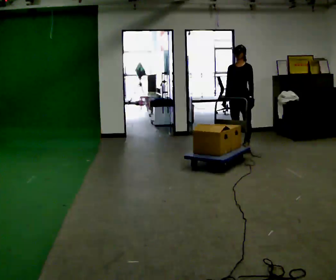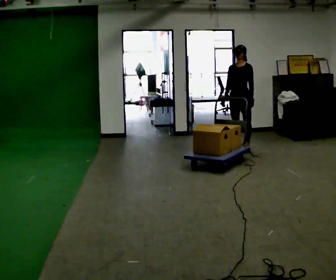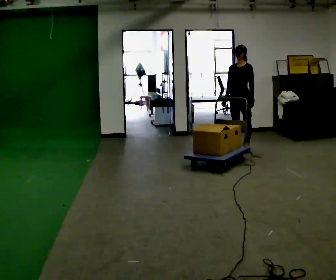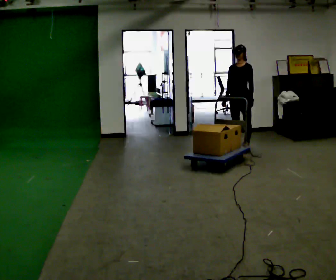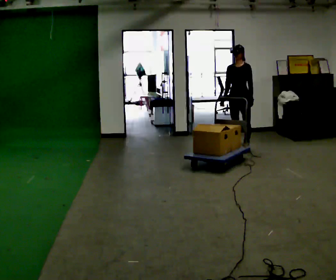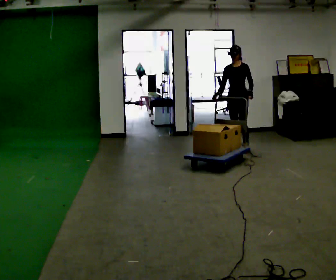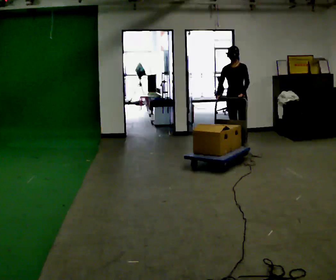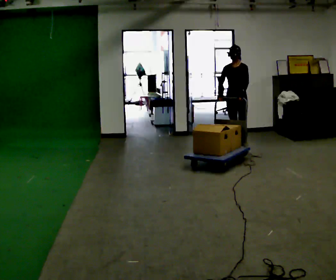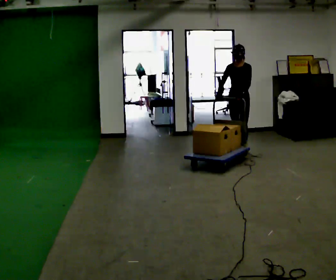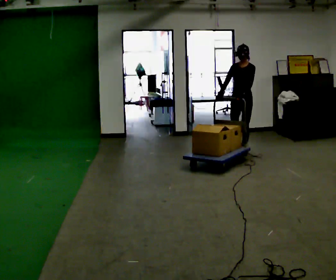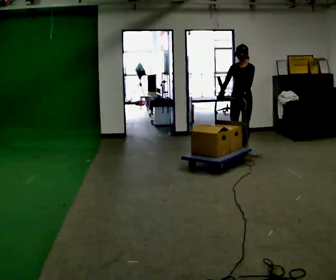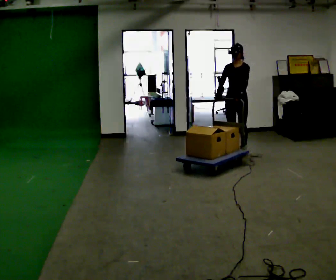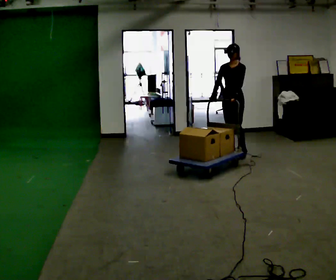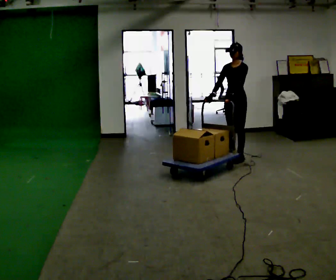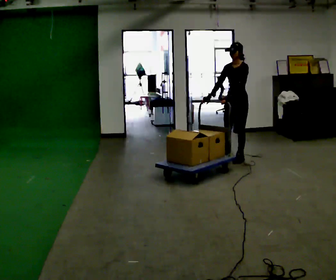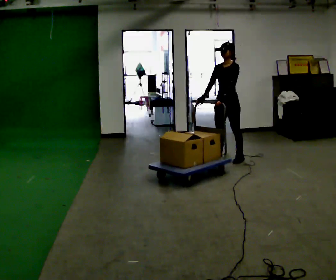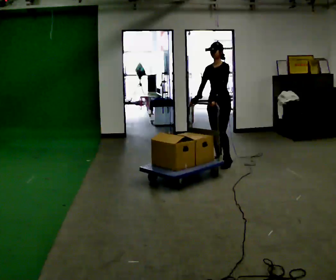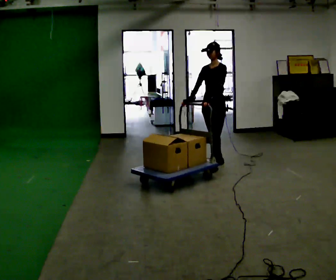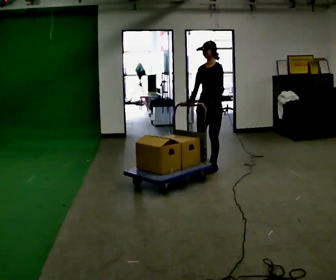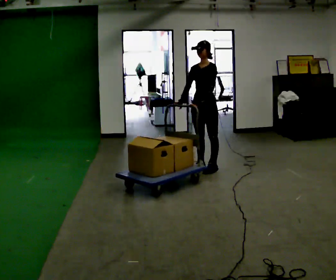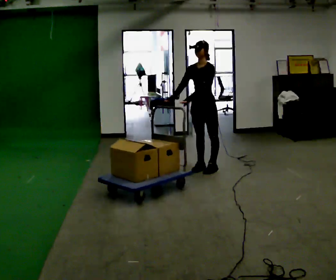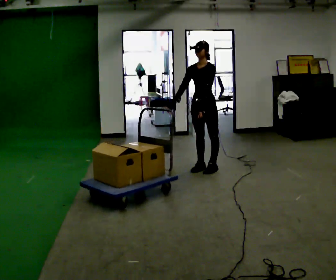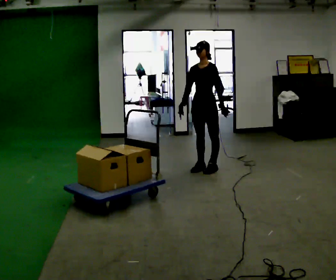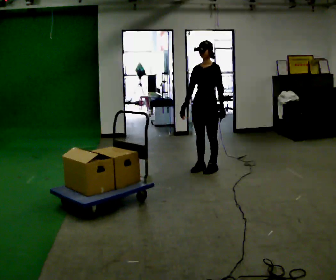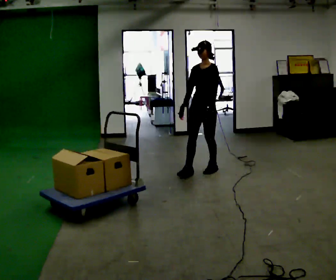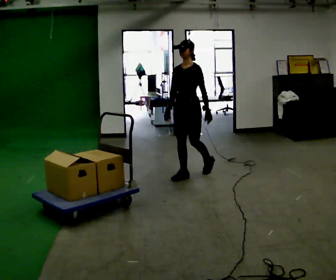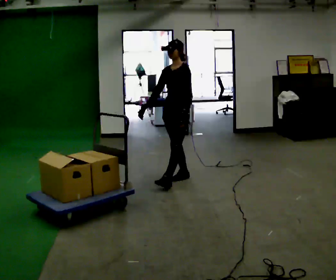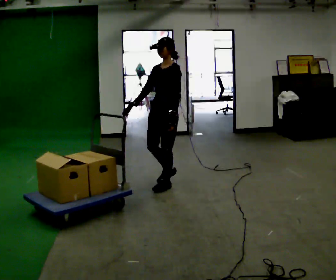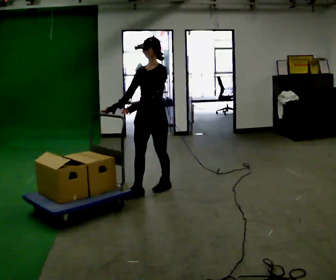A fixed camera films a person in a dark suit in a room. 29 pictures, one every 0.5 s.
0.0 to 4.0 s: The person moves a little, or ends about where they began.
4.0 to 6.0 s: In the picture they go toward the camera, about 0.25 m in 1 step, which for them is forward.
6.0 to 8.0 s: In the picture they go toward the camera, about 0.5 m in 2 steps, which for them is forward.
8.0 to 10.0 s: In the picture they go toward the camera and to the left, about 0.25 m in 2 steps, which for them is forward.
10.0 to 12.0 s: The person moves a little, or ends about where they began.
12.0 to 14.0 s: In the picture they go toward the camera and to the left, about 1 m in 3 steps, which for them is forward.
The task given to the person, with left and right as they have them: Stand still with your hands on the cart. When the operator says go, get it moving, push it a few metres, then bring it to a stop. Repeat until the operator says stop.
The film runs forward here.
